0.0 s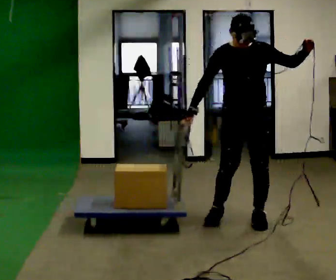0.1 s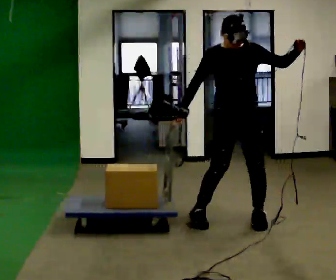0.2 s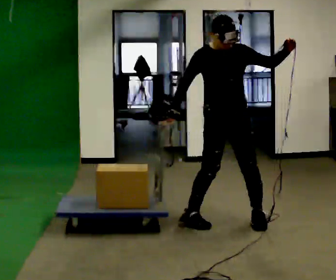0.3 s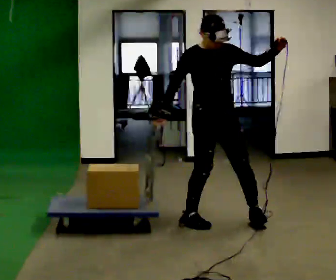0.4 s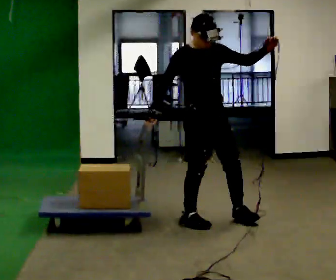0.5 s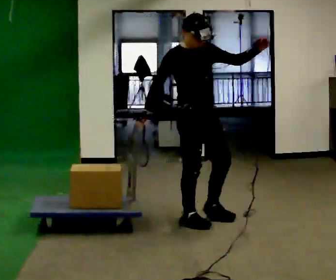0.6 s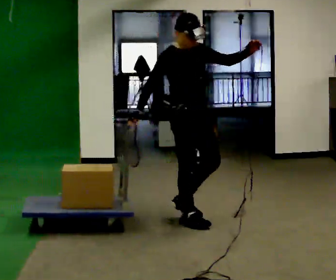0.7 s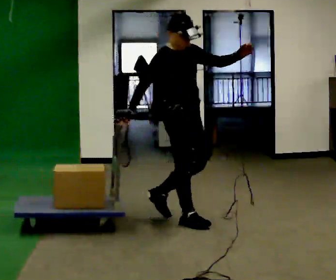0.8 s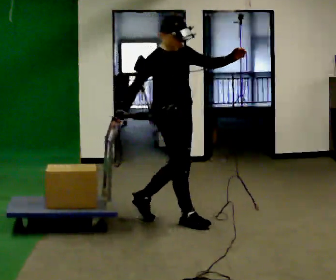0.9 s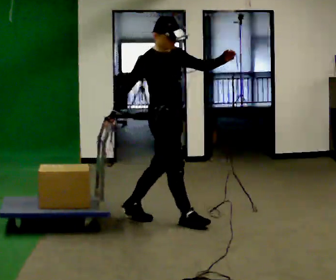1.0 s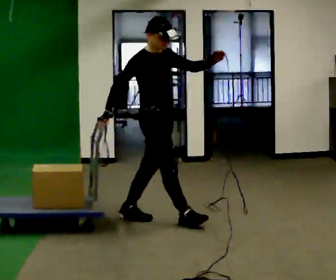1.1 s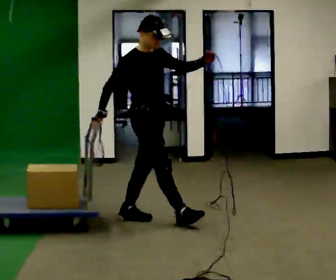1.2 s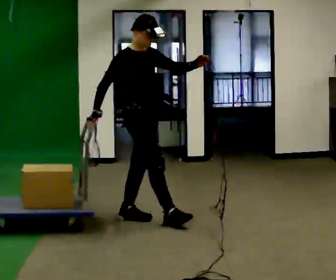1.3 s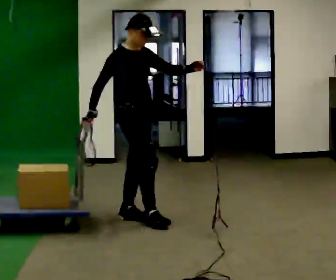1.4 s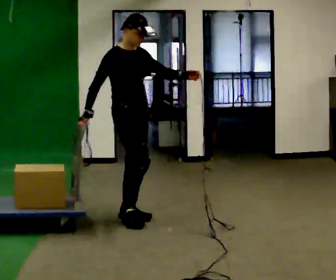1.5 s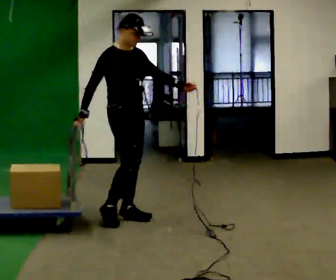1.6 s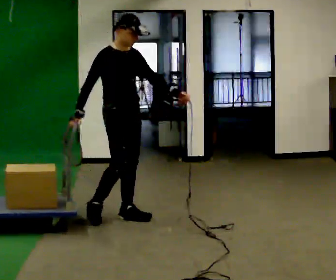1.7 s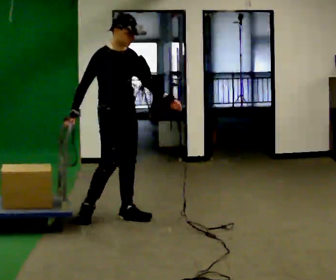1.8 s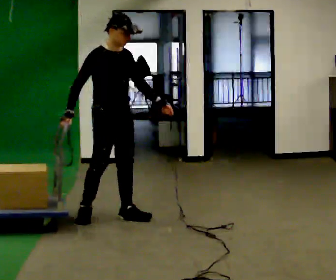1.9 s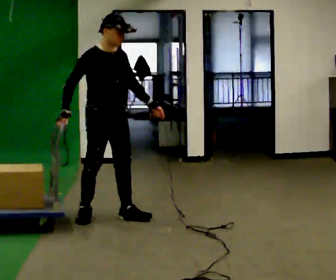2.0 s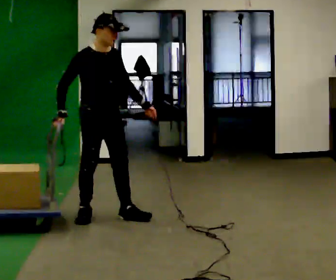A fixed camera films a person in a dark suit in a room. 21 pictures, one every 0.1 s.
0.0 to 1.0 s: Seen from above the body turns counterclockwise, about 75 degrees: to their left, with its near side sliding to the right. In the picture they go to the left, about 0.5 m in 1 step.
1.0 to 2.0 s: Seen from above the body turns clockwise, about 30 degrees: to their right, with its near side sliding to the left. In the picture they go to the left, about 0.5 m in 1 step, which for them is backward and to their right. In the picture their left hand goes downward, the arm swinging clockwise.
The film runs backward here.
